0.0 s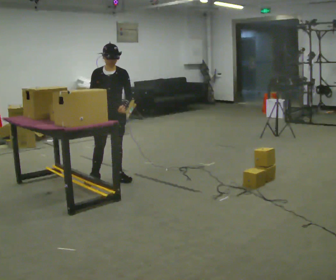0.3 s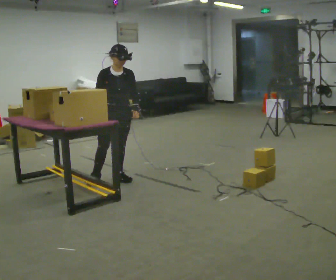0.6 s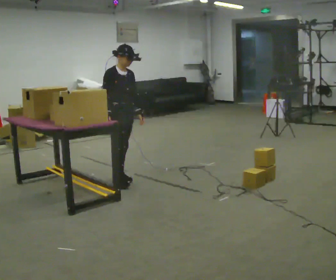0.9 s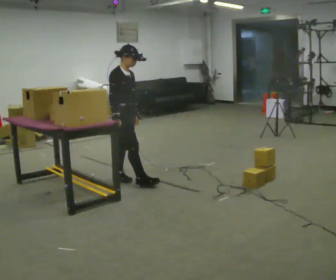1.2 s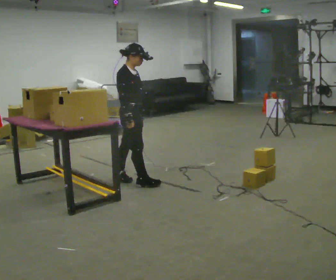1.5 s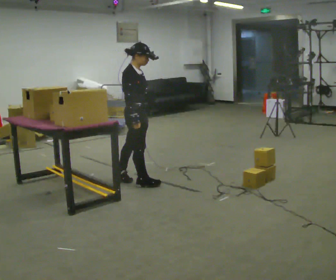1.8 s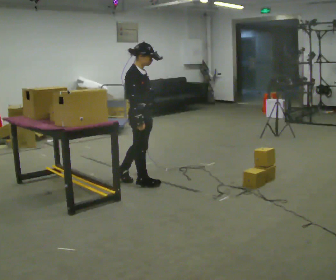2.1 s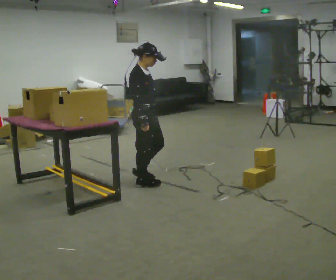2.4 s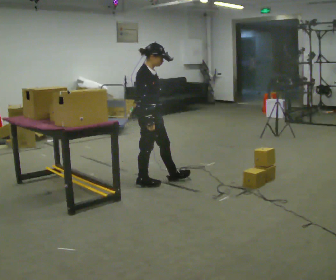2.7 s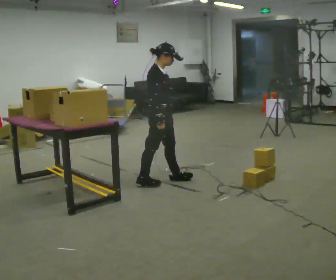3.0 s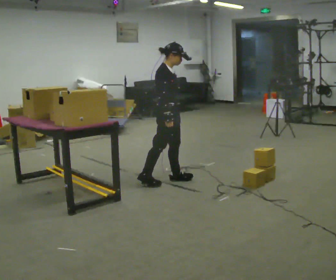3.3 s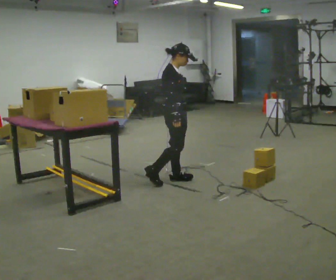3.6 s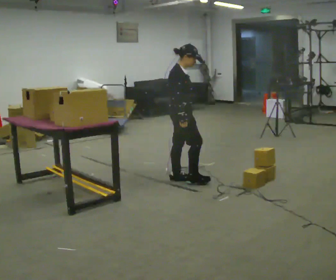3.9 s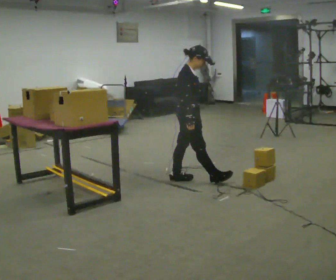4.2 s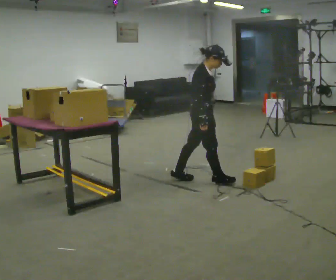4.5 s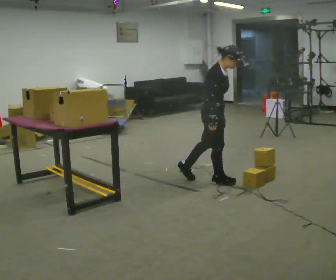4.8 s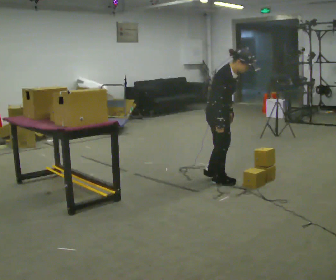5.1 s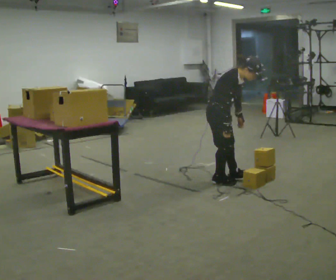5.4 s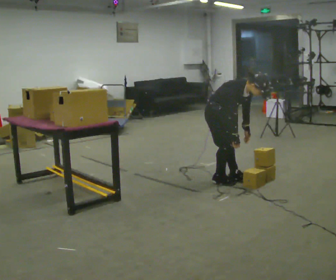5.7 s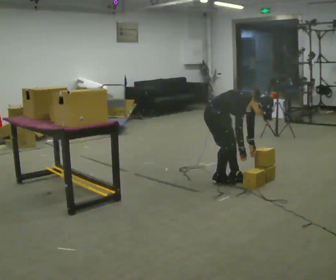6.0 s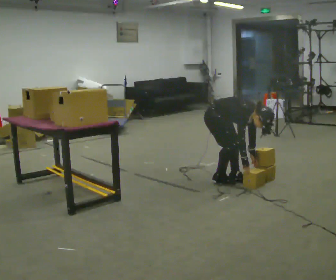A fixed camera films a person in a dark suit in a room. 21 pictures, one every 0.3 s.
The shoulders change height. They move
downward.
Their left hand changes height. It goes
downward.
0.0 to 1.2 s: Seen from above the body turns counterclockwise, about 75 degrees: to their left, with its near side sliding to the right. In the picture they go to the right, about 0.25 m in 1 step.
1.2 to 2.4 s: In the picture they go to the right, about 0.25 m in 1 step, which for them is forward.
2.4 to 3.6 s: In the picture they go to the right, about 0.25 m, which for them is forward and to their left.
3.6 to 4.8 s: In the picture they go to the right and toward the camera, about 0.5 m in 1 step, which for them is forward. The upper body tips toward the camera, its near side rolling downward, as they bend forward.
4.8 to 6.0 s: The shoulders move downward. The upper body tips toward the camera, its near side rolling downward, as they bend forward. In the picture their left hand goes downward.
The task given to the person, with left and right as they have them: Carry the object over and fit it into the gap between the two boxes already on the shelf, without touching either of them. Keep going until the operator says stop; one object at a time, and do not rush between trips.
The film runs forward here.
